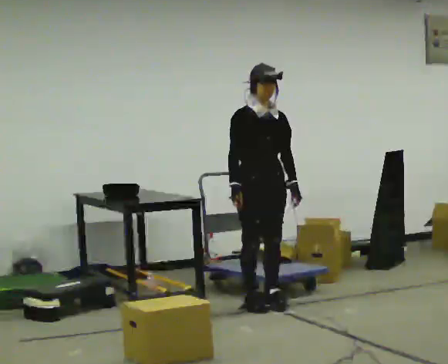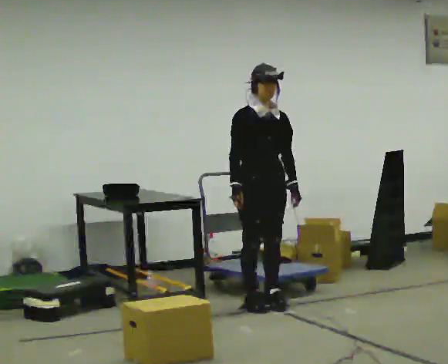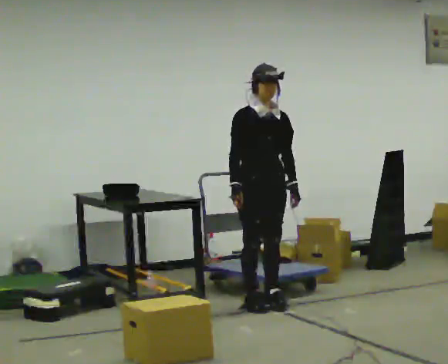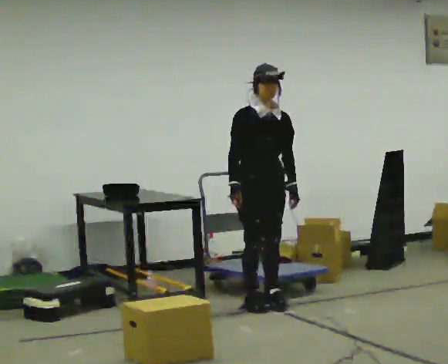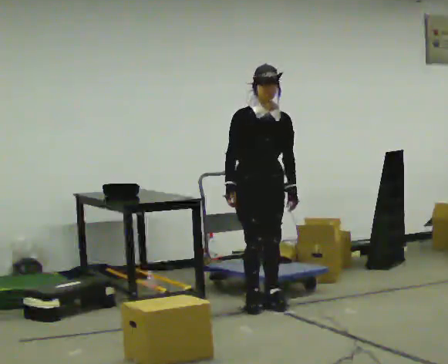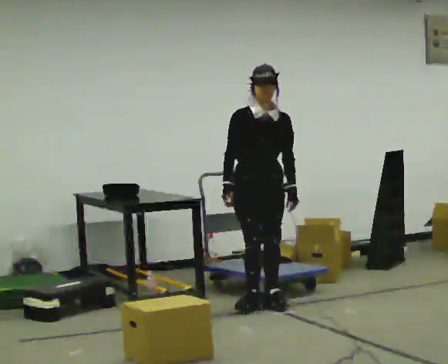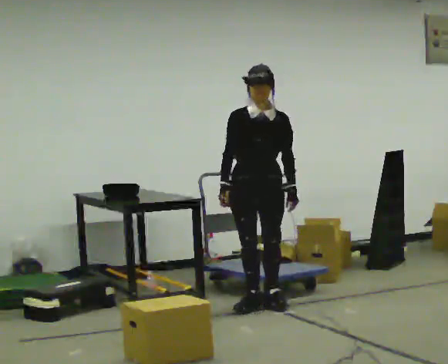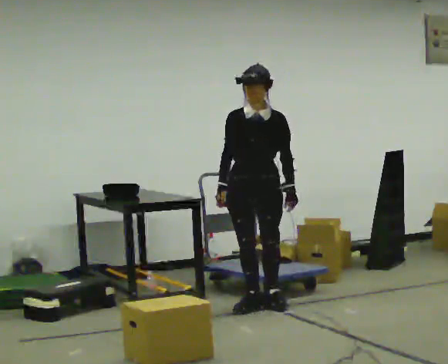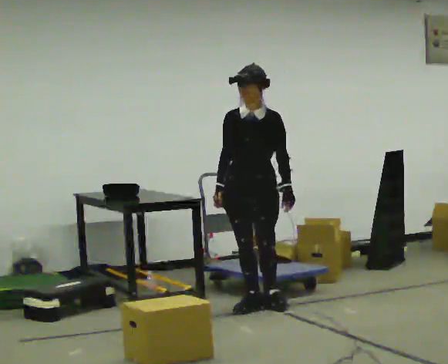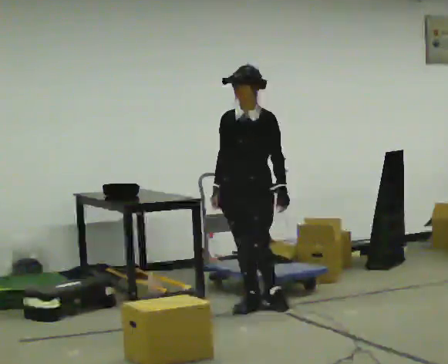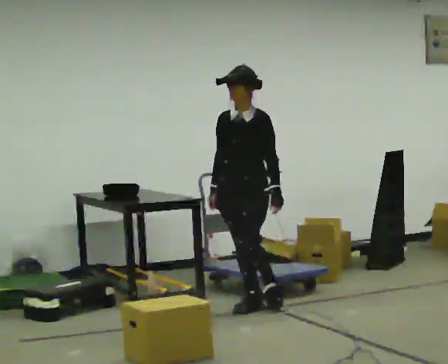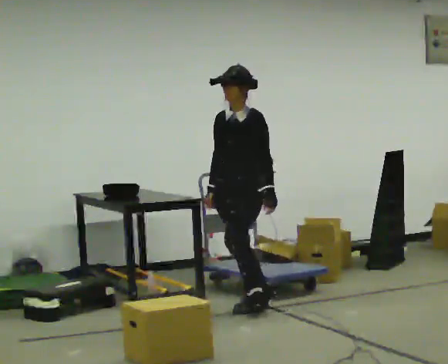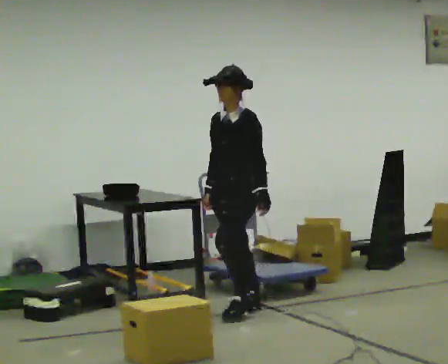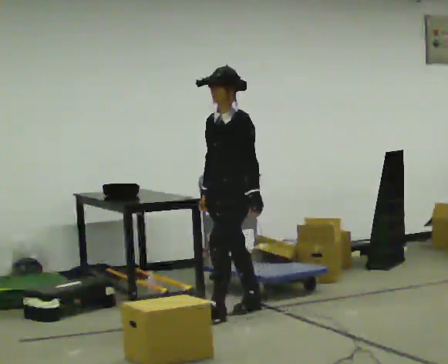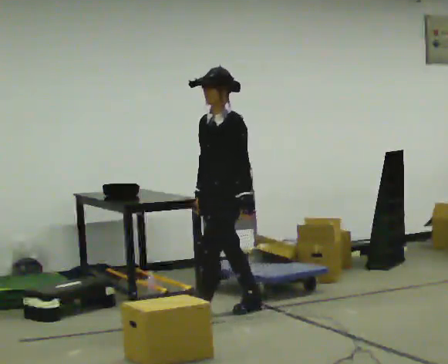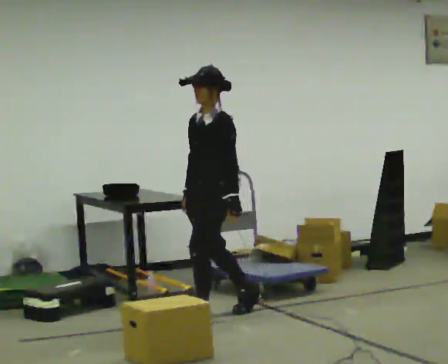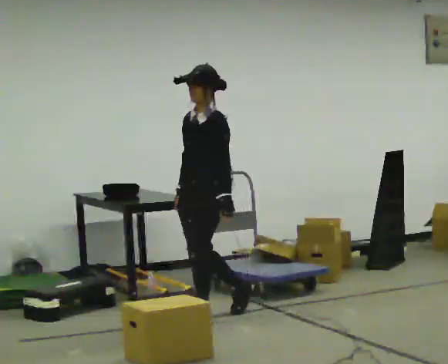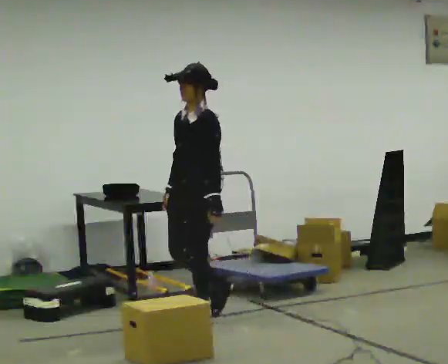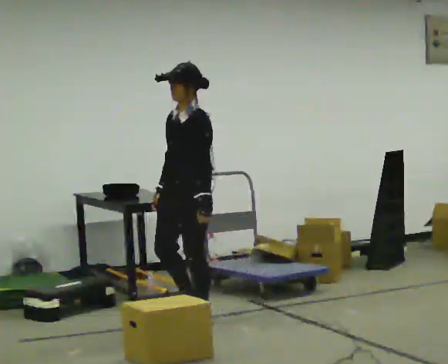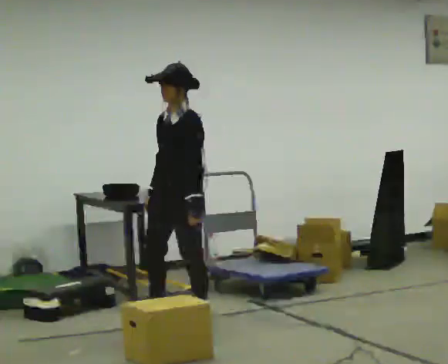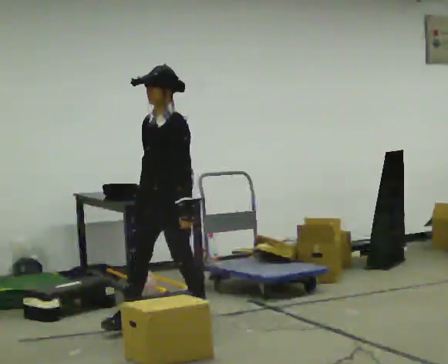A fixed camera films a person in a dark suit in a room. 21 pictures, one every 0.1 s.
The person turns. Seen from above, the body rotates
clockwise.
The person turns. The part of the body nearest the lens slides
to the left.
0.0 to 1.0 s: Seen from above the body turns clockwise, about 60 degrees: to their right, with its near side sliding to the left.
1.0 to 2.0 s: In the picture they go to the left and toward the camera, about 0.75 m in 1 step, which for them is forward.
The film runs forward here.
